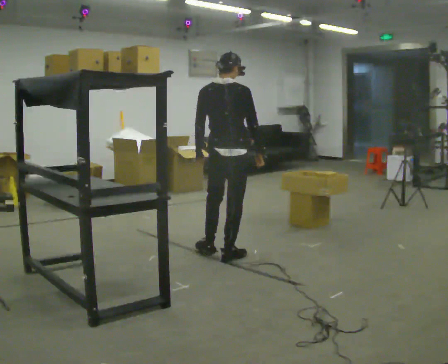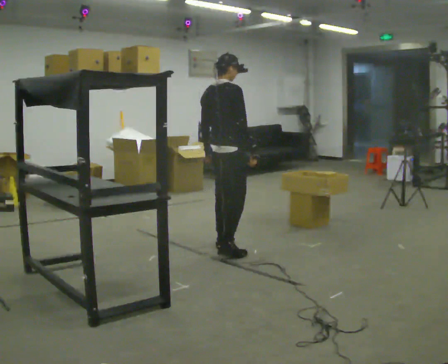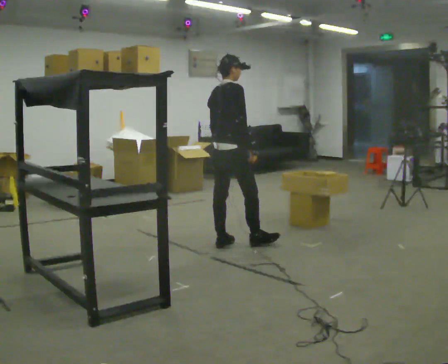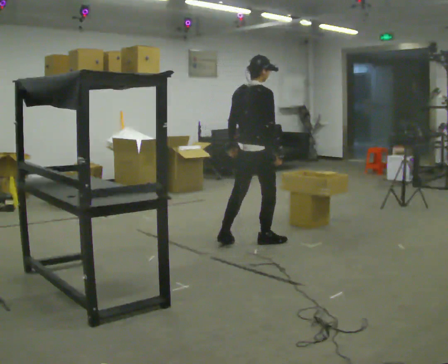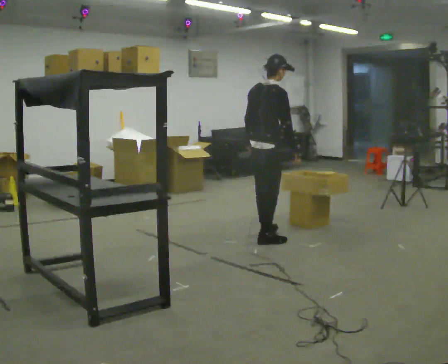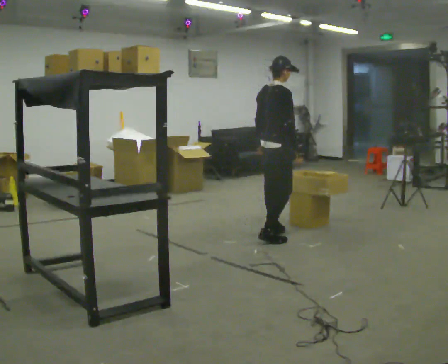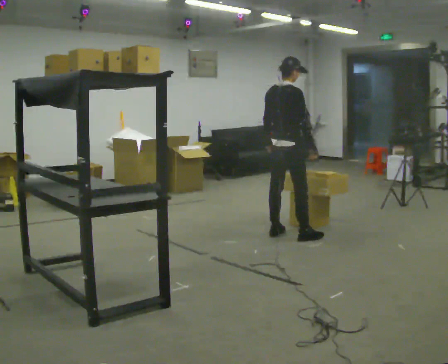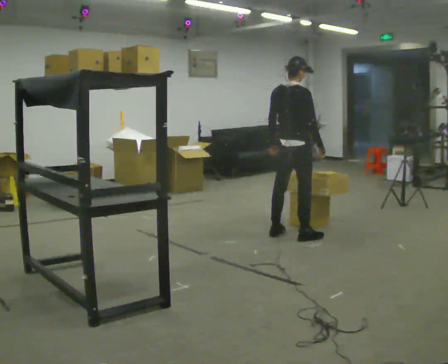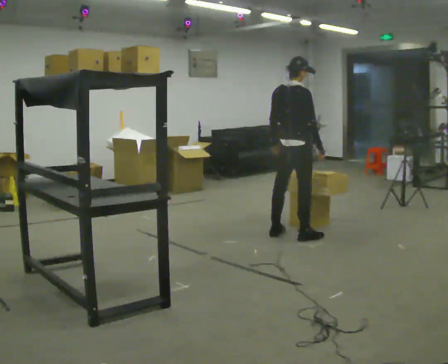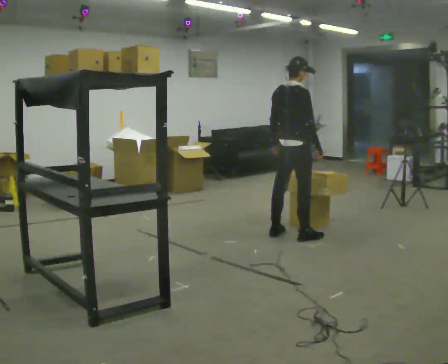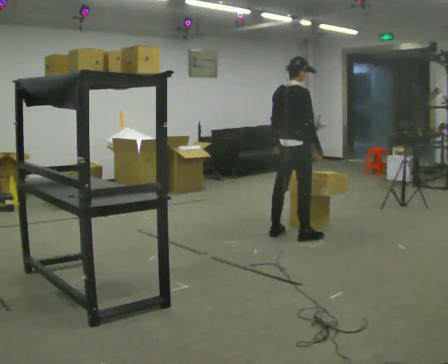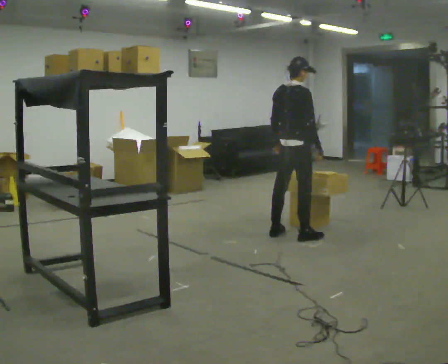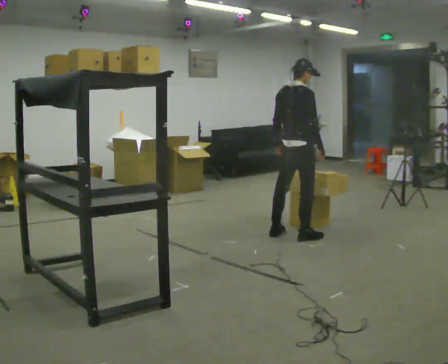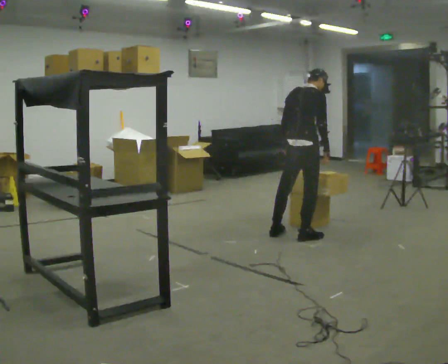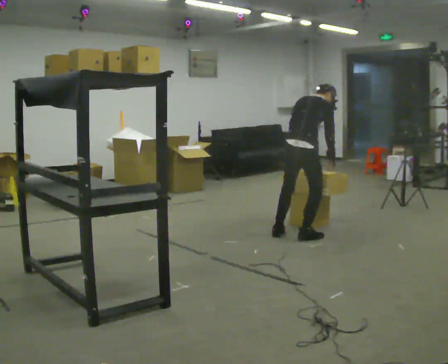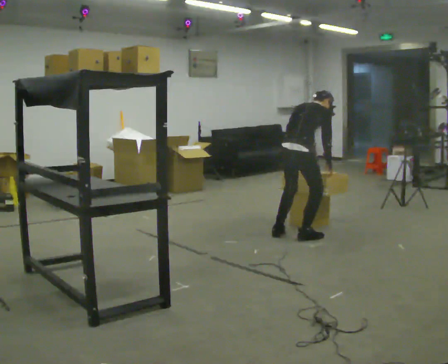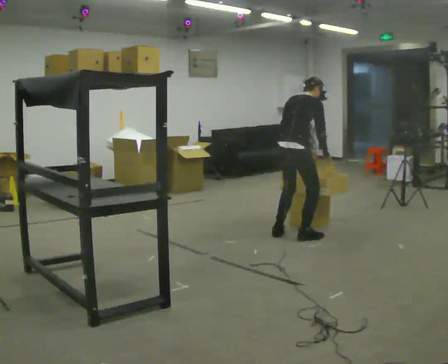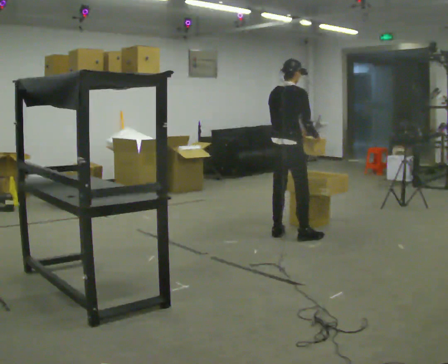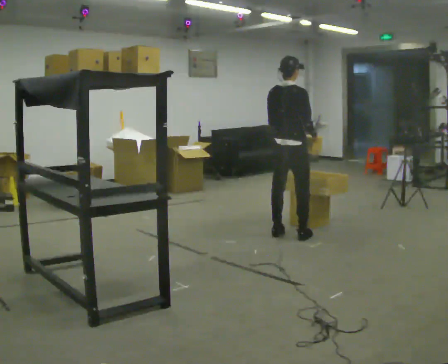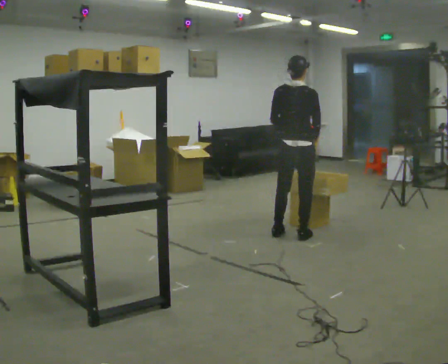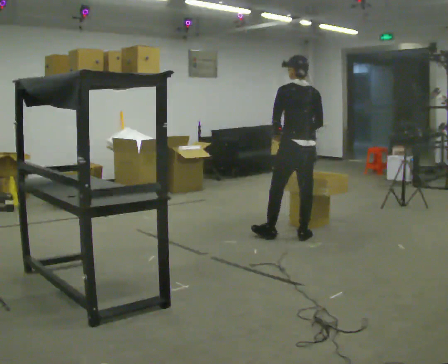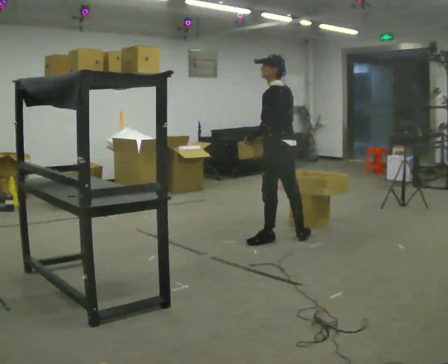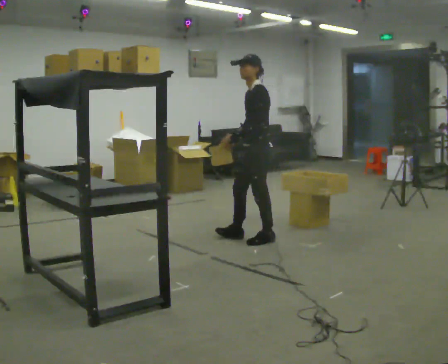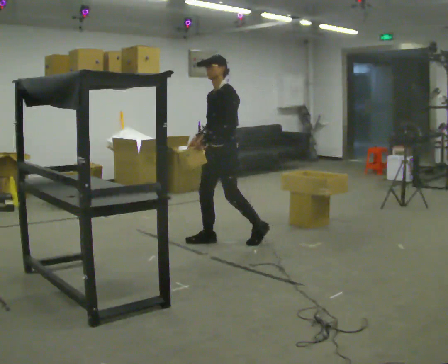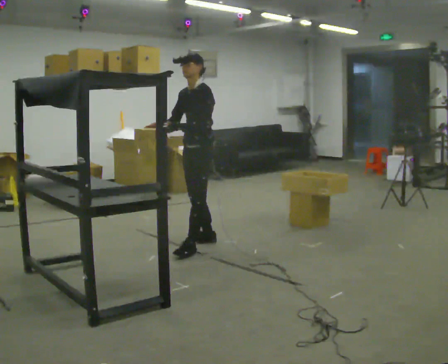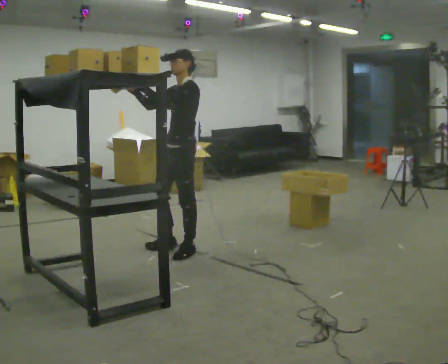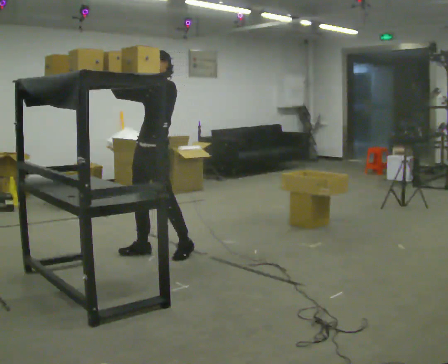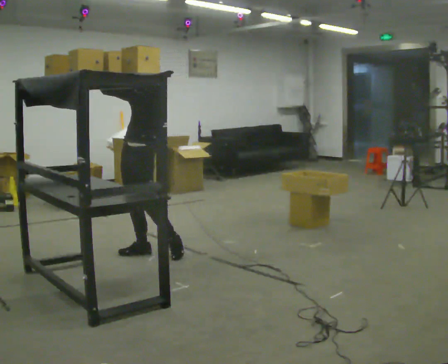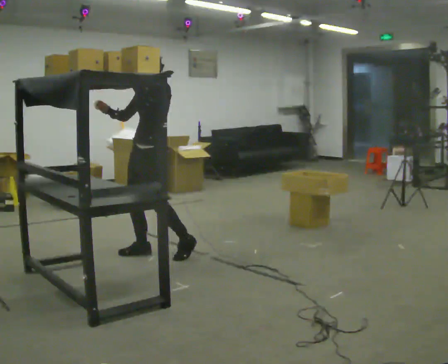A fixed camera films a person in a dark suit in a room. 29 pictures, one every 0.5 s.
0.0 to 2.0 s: The part of the body nearest the lens slides to the left as the person turns to their right by about 30 degrees. In the picture they go away from the camera and to the right, about 0.5 m in 2 steps, which for them is forward.
2.0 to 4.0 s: In the picture they go to the right and away from the camera, about 0.25 m in 2 steps, which for them is forward.
4.0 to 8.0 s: In the picture their left hand goes to the right.
8.0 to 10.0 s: Seen from above the body turns counterclockwise, about 60 degrees: to their left, with its near side sliding to the right. The upper body tips toward the camera, its near side rolling downward, as they lean back or straighten. In the picture their left hand goes to the left.
10.0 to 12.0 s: The part of the body nearest the lens slides to the right as the person turns to their left by about 105 degrees. In the picture they go to the left, about 1 m in 3 steps.
12.0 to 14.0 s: In the picture they go to the left and toward the camera, about 0.5 m in 2 steps, which for them is forward. In the picture their left hand goes upward.
The film runs forward here.
